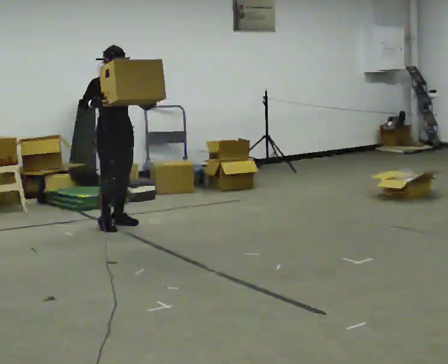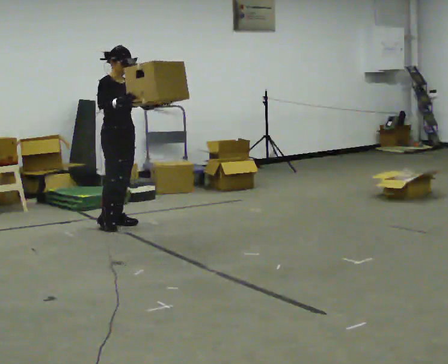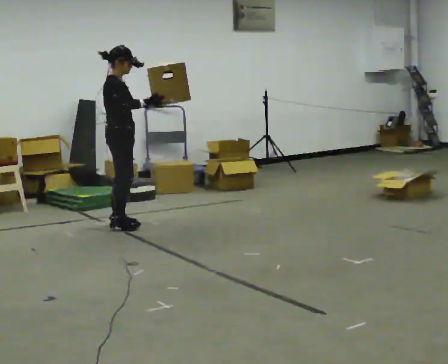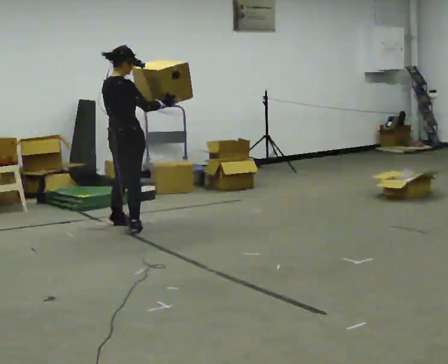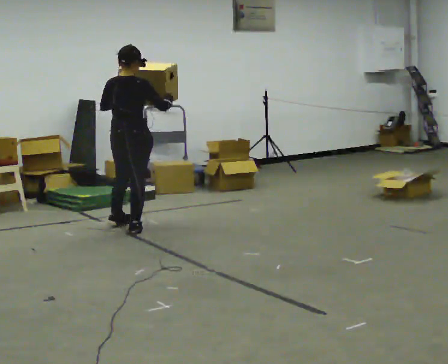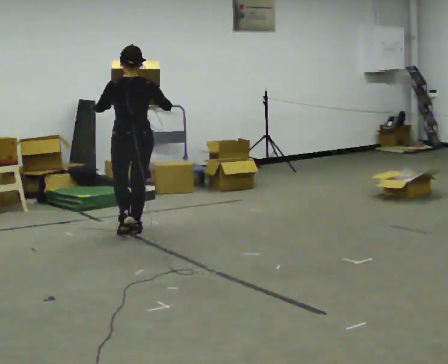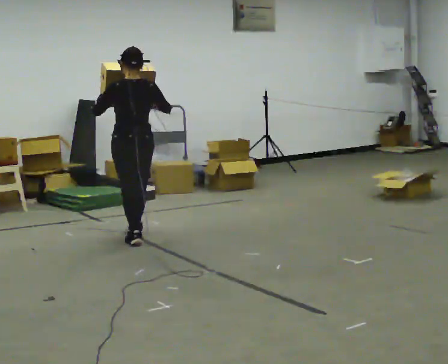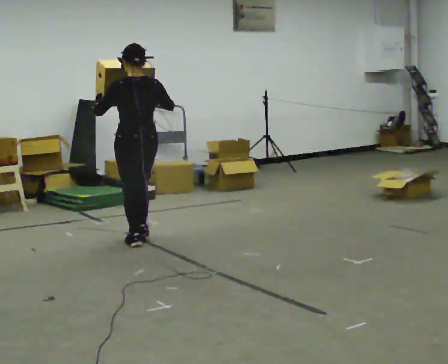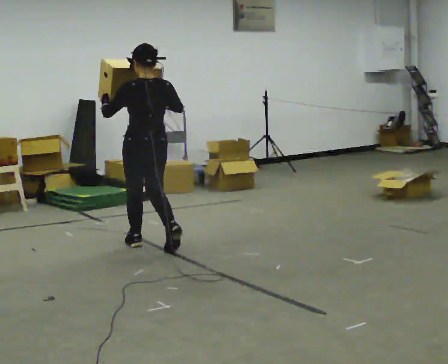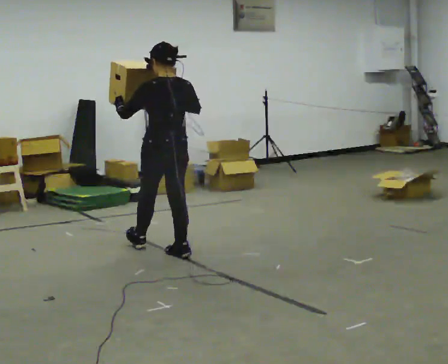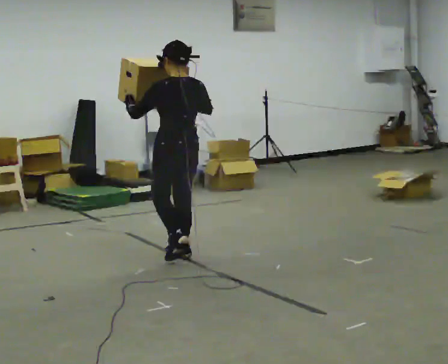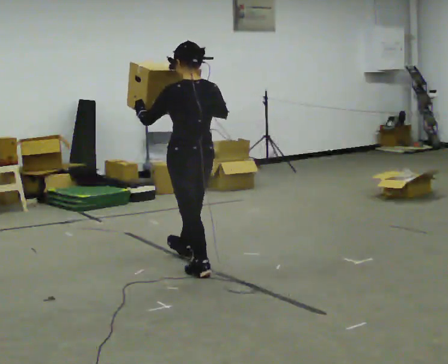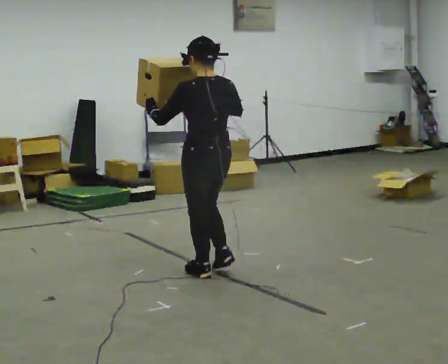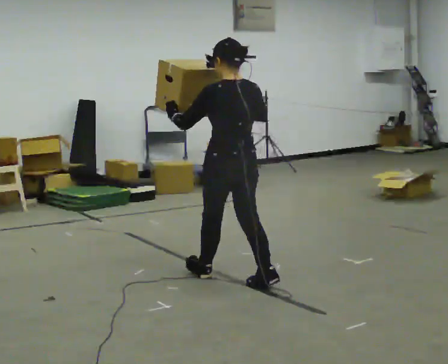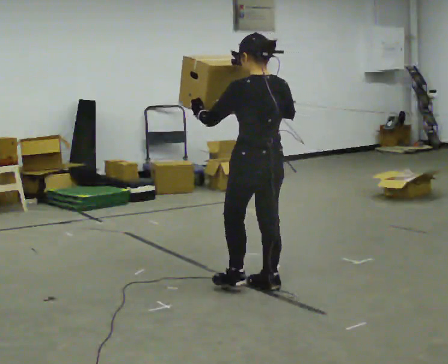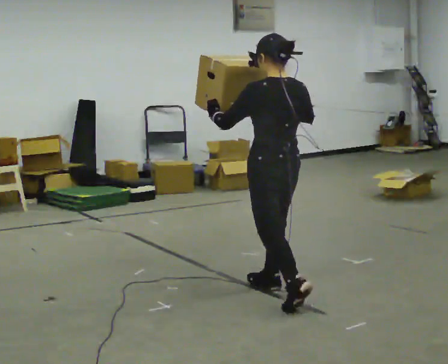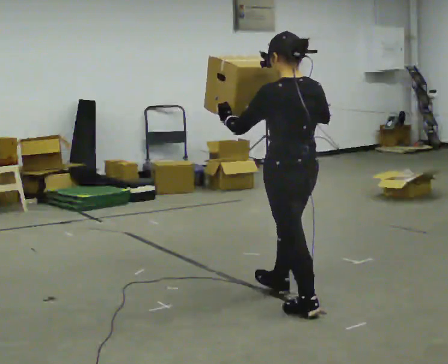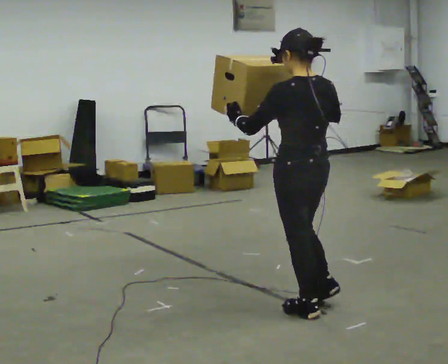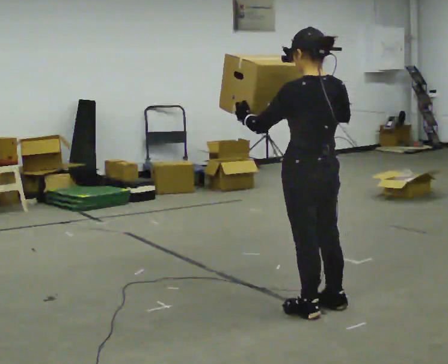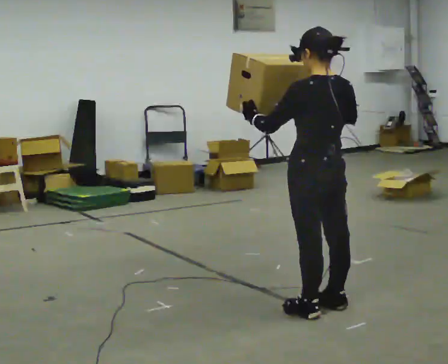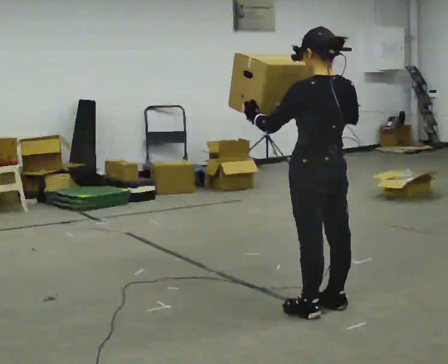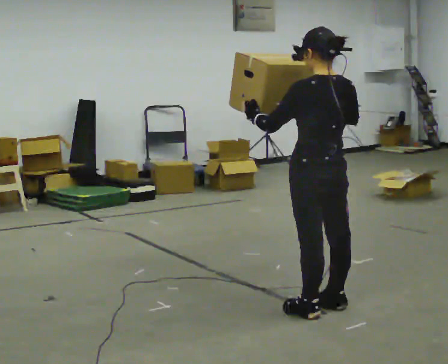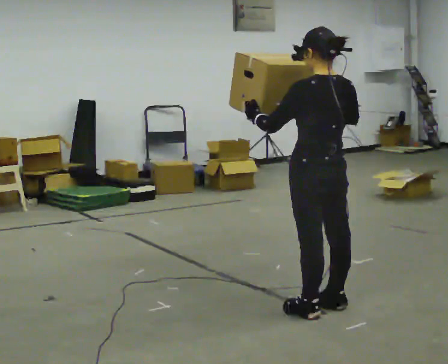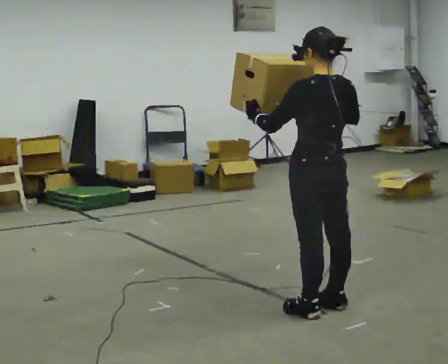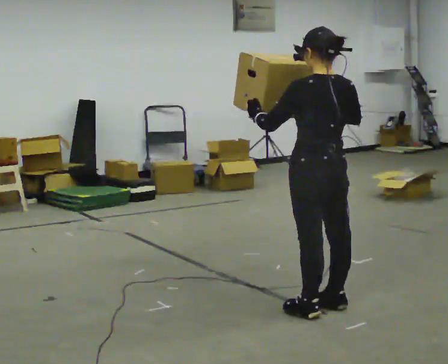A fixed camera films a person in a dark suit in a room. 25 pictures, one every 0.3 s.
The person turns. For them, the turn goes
to their left.
The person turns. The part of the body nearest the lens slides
to the right.
0.0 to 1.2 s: Seen from above the body turns counterclockwise, about 120 degrees: to their left, with its near side sliding to the right. In the picture they go toward the camera, about 0.25 m in 2 steps. In the picture their right hand goes to the right.
1.2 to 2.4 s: The person turns about 45 degrees to their left, counterclockwise seen from above, so the part of the body nearest the lens slides to the right. In the picture they go toward the camera, about 0.5 m in 1 step, which for them is backward.
2.4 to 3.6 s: In the picture they go toward the camera and to the right, about 1 m in 2 steps, which for them is backward.
3.6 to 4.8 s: In the picture they go toward the camera and to the right, about 1 m in 2 steps, which for them is backward.
4.8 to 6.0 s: The person moves a little, or ends about where they began.
6.0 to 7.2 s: The person keeps their place and pose.
The film runs backward here.
